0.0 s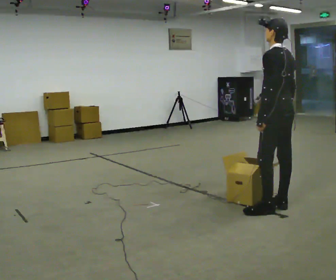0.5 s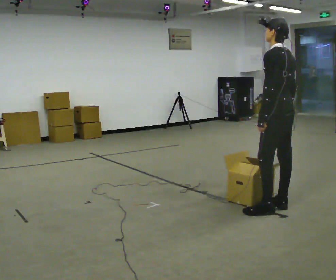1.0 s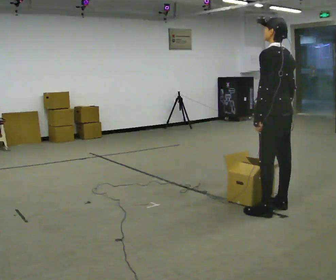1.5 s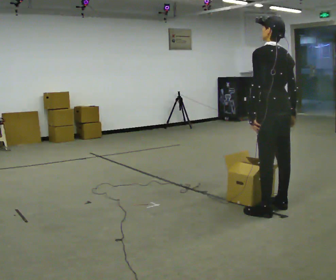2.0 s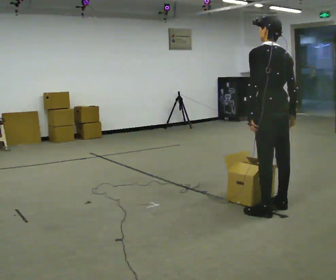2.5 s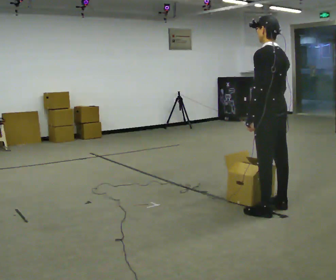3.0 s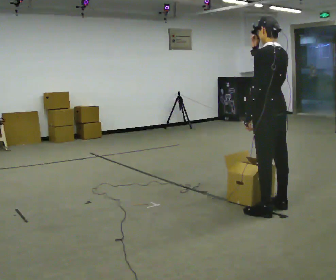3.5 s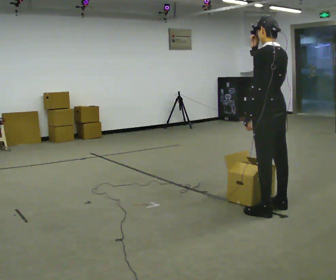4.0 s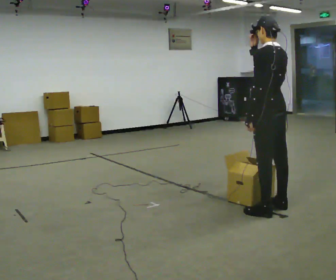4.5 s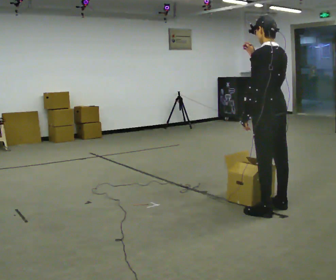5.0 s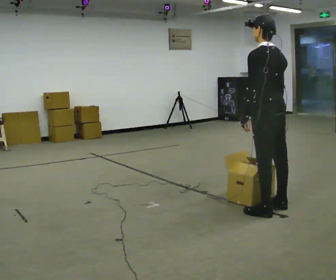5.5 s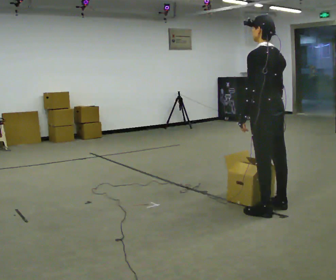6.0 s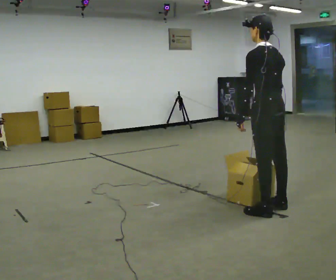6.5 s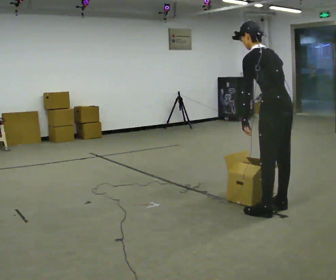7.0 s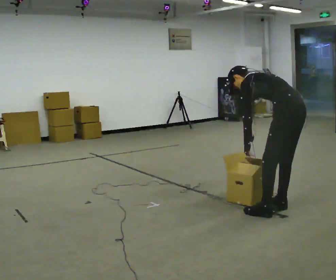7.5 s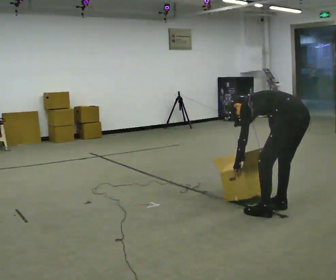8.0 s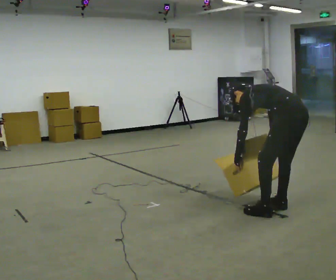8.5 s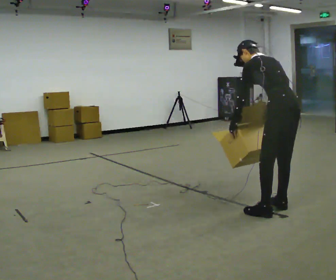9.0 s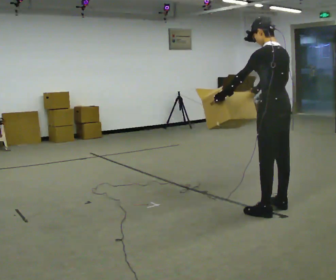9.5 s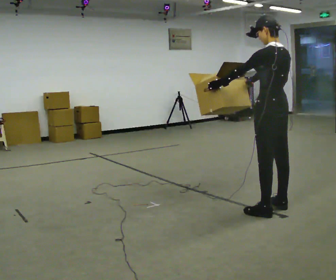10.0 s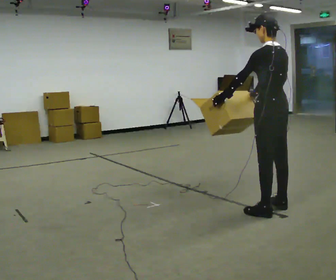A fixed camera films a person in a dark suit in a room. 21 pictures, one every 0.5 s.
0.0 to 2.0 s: The person moves a little, or ends about where they began.
2.0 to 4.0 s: In the picture their right hand goes upward and to the left.
4.0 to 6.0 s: In the picture their right hand goes downward.
6.0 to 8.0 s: In the picture they go to the right, about 0.25 m, which for them is backward. The shoulders move downward. In the picture the upper body tilts counterclockwise, shoulders to the left, as they bend forward. In the picture their right hand goes downward.
8.0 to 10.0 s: In the picture they go to the left, about 0.25 m, which for them is forward. The upper body goes upward. In the picture the upper body tilts clockwise, shoulders to the right, as they lean back or straighten. In the picture their right hand goes upward.
The film runs backward here.
